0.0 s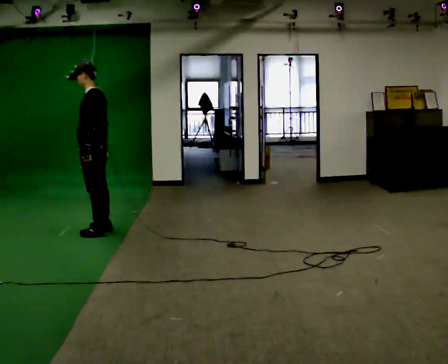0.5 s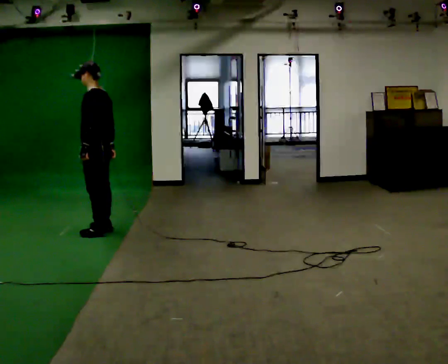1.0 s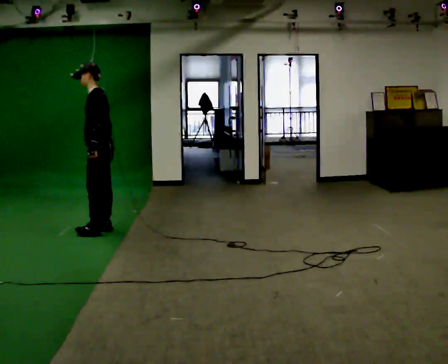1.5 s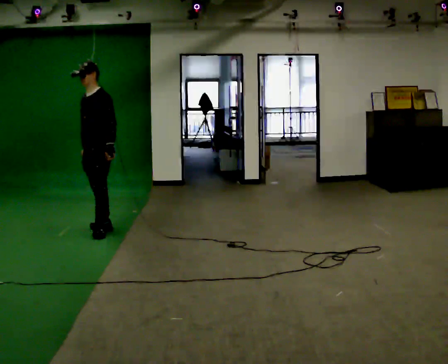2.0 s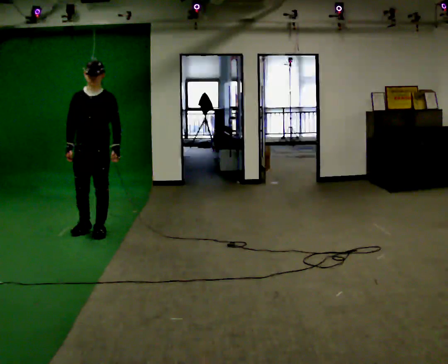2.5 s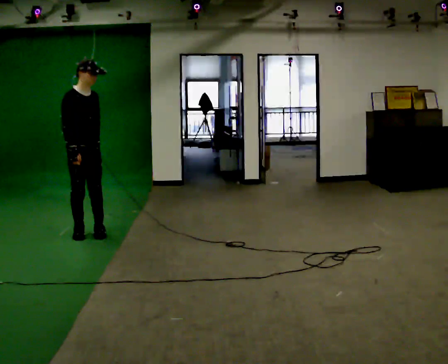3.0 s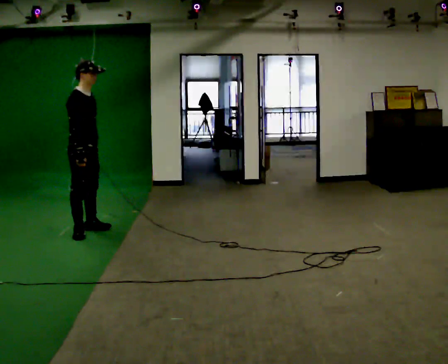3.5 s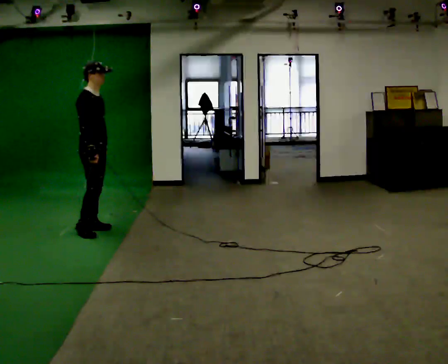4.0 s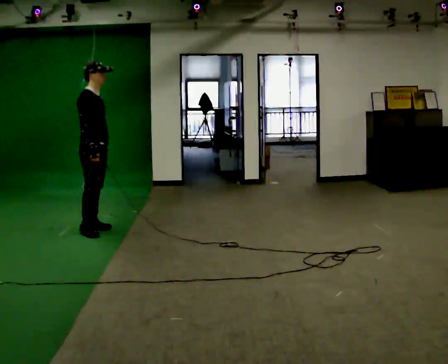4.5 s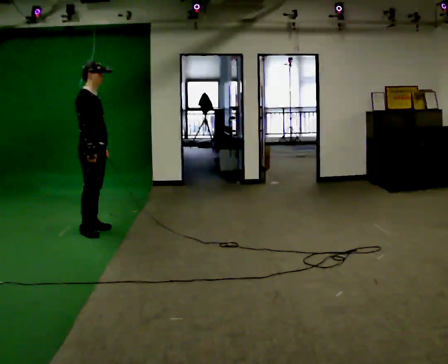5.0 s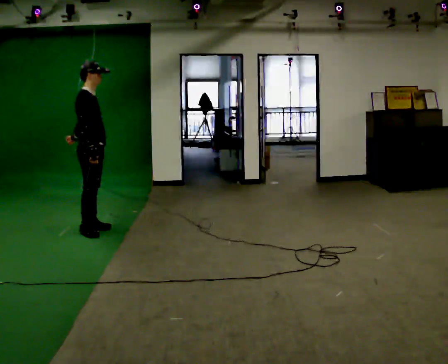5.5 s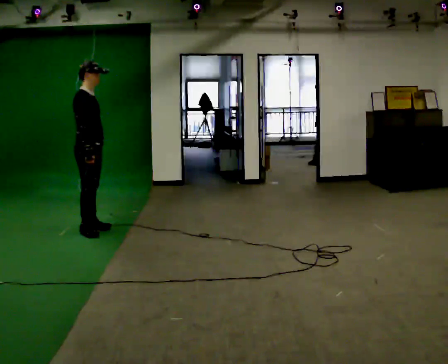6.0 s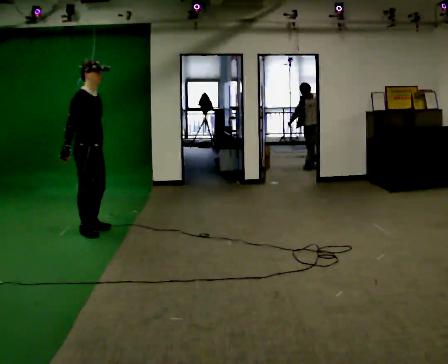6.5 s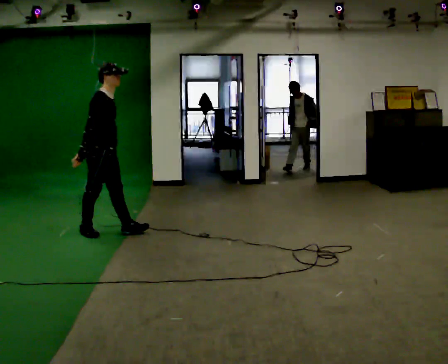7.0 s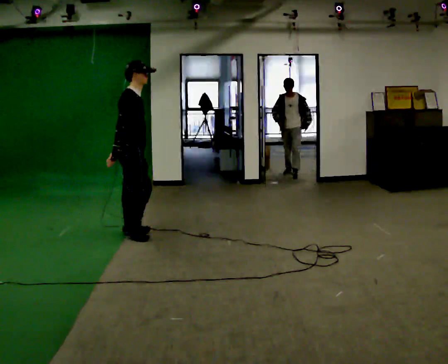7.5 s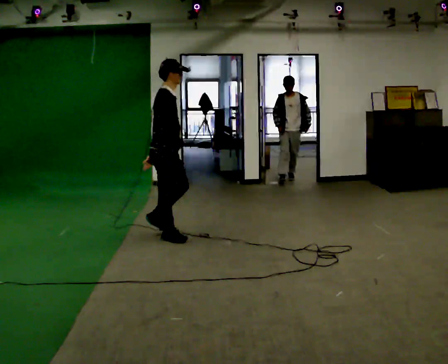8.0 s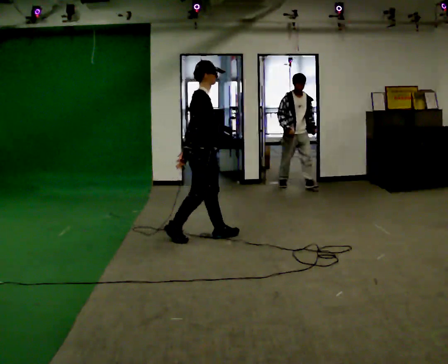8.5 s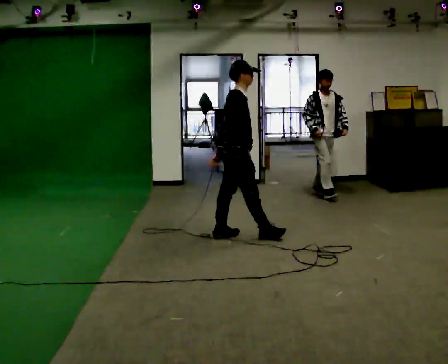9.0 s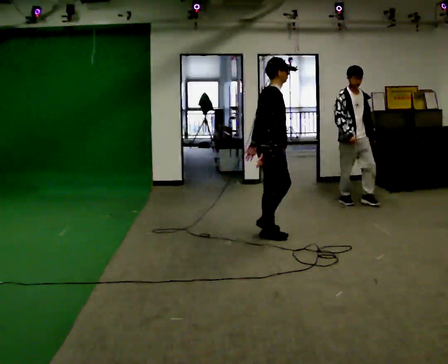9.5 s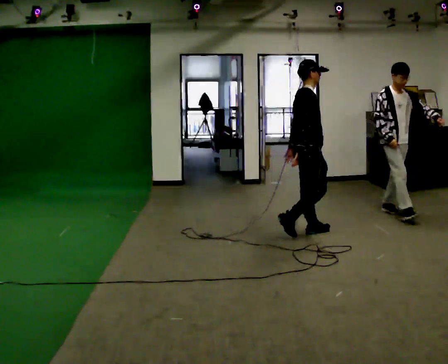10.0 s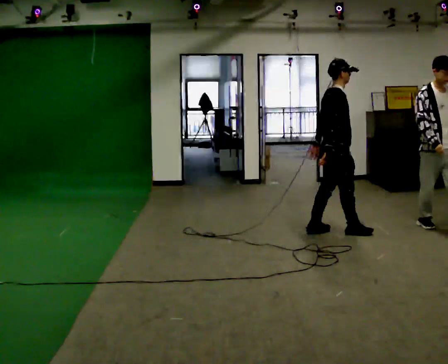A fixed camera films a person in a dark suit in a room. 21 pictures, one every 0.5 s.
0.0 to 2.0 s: The part of the body nearest the lens slides to the right as the person turns to their left by about 90 degrees. In the picture their right hand goes to the left.
2.0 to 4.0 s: The person turns about 75 degrees to their left, counterclockwise seen from above, so the part of the body nearest the lens slides to the right.
4.0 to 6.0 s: The person moves a little, or ends about where they began.
6.0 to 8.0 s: In the picture they go to the right, about 1 m in 3 steps, which for them is forward.
8.0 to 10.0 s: In the picture they go to the right, about 1 m in 3 steps, which for them is forward.
The film runs forward here.
